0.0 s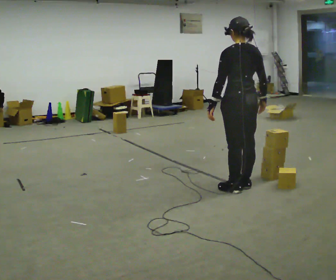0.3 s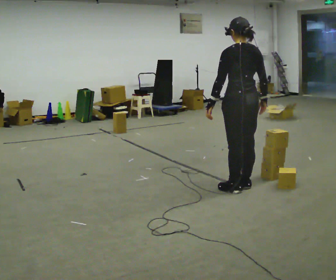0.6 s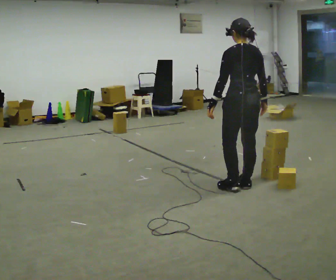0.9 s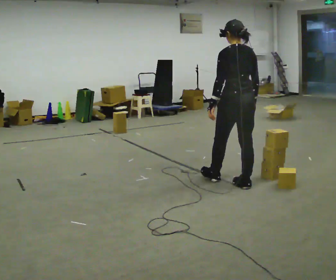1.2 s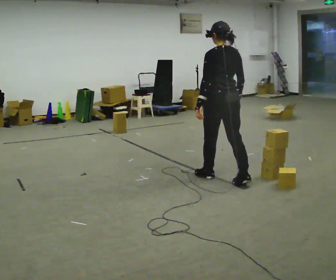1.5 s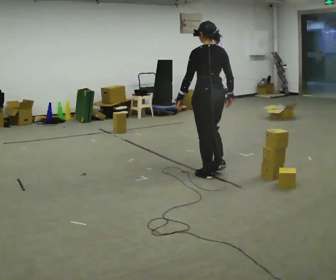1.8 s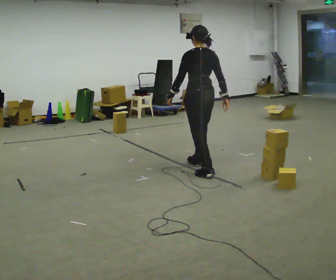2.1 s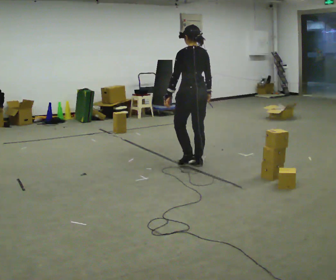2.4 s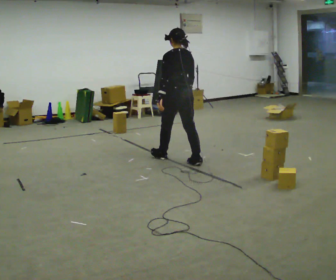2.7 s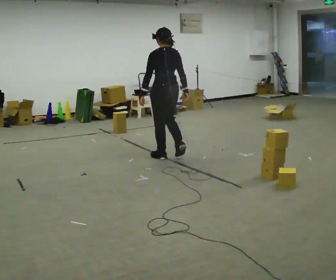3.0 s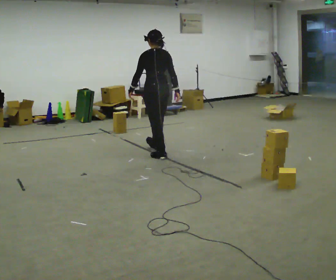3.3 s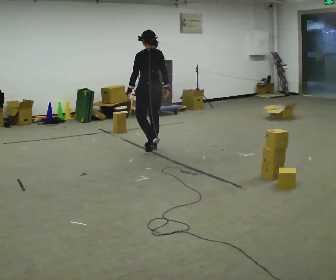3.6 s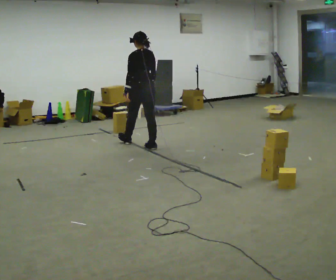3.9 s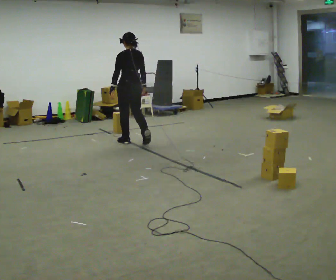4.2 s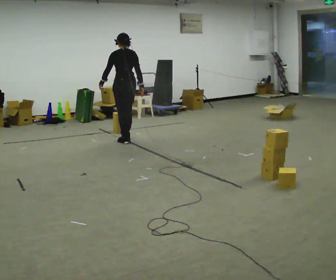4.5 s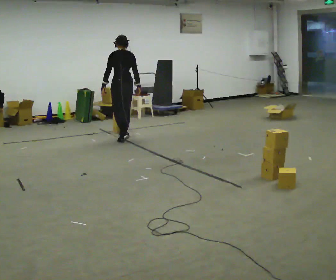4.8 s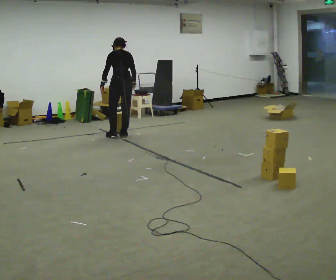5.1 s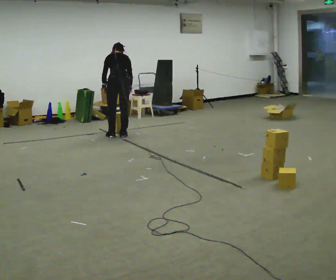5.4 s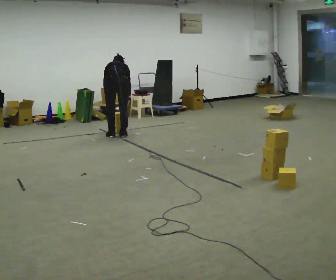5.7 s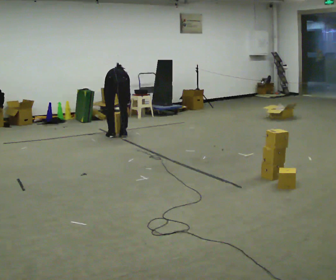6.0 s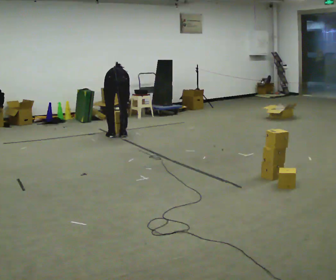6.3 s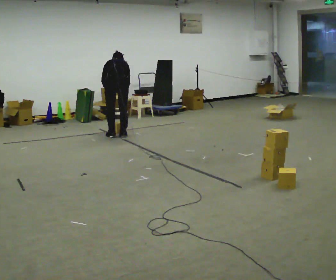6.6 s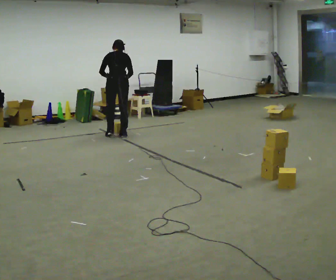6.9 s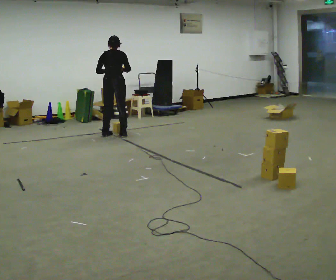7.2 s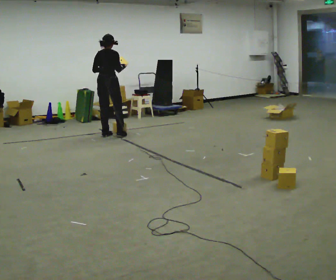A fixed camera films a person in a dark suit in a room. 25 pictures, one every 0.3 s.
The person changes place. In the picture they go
away from the camera.
0.0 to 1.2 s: In the picture they go away from the camera, about 0.25 m in 1 step, which for them is forward.
1.2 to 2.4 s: In the picture they go away from the camera and to the left, about 1 m in 2 steps, which for them is forward.
2.4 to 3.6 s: In the picture they go away from the camera and to the left, about 1 m in 1 step, which for them is forward.
3.6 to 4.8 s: In the picture they go away from the camera and to the left, about 0.75 m in 2 steps, which for them is forward. The upper body tips away from the camera, its near side rolling upward, as they bend forward.
4.8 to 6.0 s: The upper body goes downward. The upper body tips away from the camera, its near side rolling upward, as they bend forward. In the picture their right hand goes downward.
6.0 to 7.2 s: Seen from above the body turns clockwise, about 30 degrees: to their right, with its near side sliding to the left. In the picture they go to the left, about 0.25 m in 1 step, which for them is to their left. The shoulders move upward. The upper body tips toward the camera, its near side rolling downward, as they lean back or straighten. In the picture their left hand goes upward.
The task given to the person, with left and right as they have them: Carry the box and, while you are still walking, turn it so you can read the label, read it out loud, then carry on. Repeat with the next box. Do not stop to read it.
The film runs forward here.
